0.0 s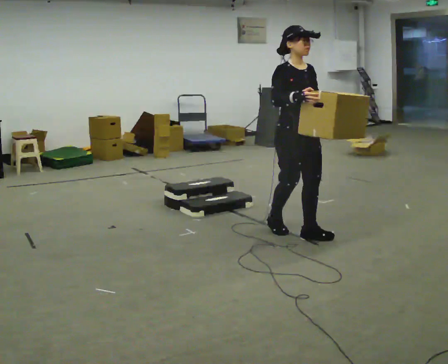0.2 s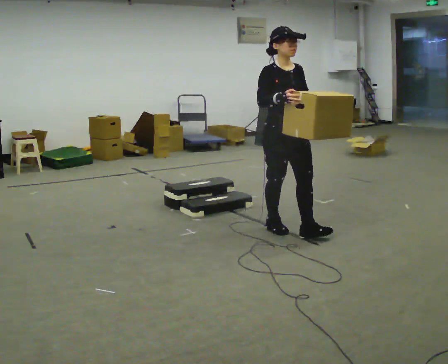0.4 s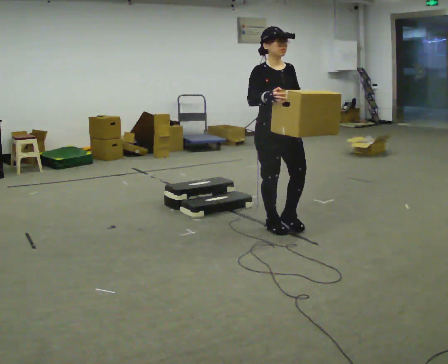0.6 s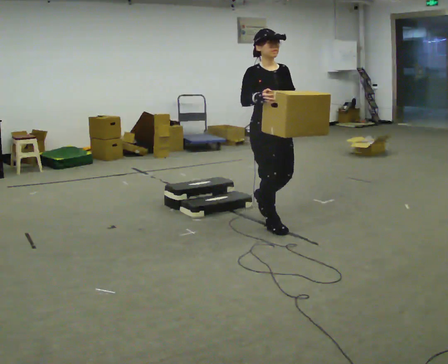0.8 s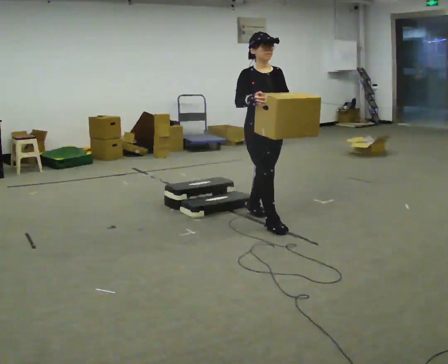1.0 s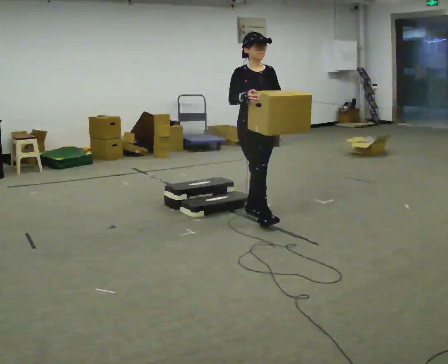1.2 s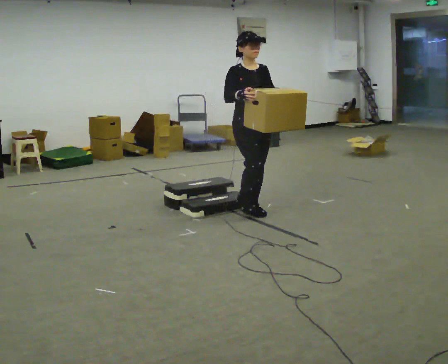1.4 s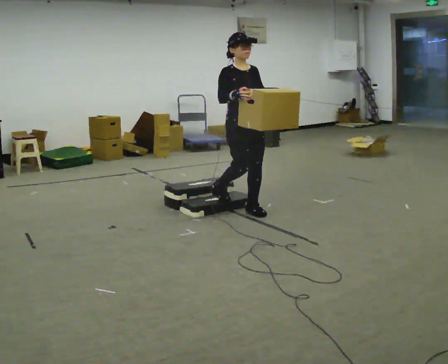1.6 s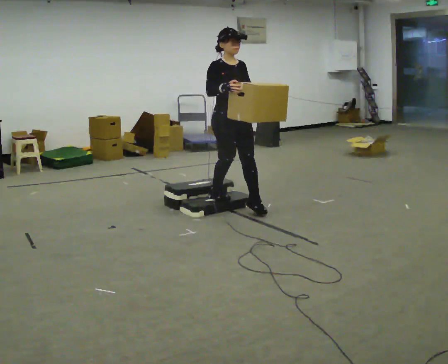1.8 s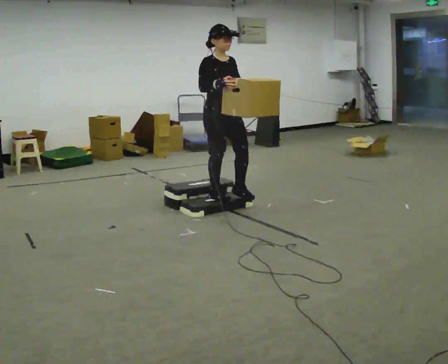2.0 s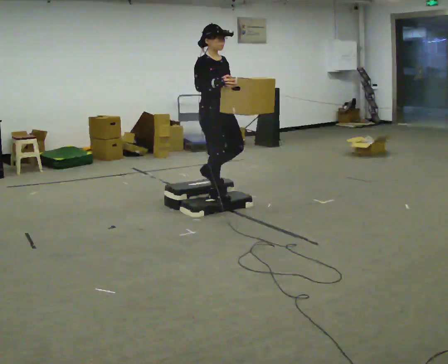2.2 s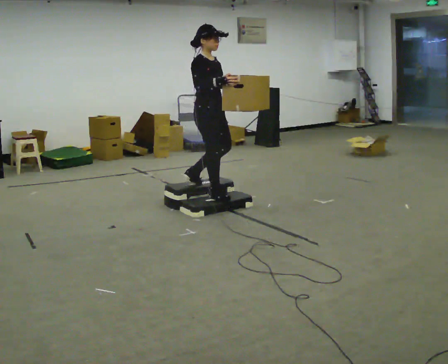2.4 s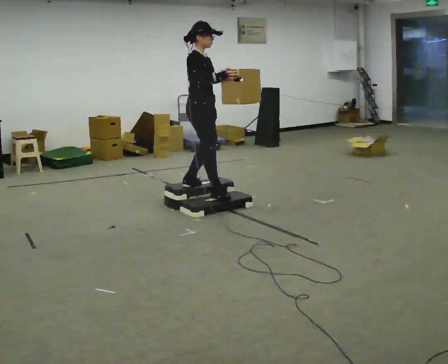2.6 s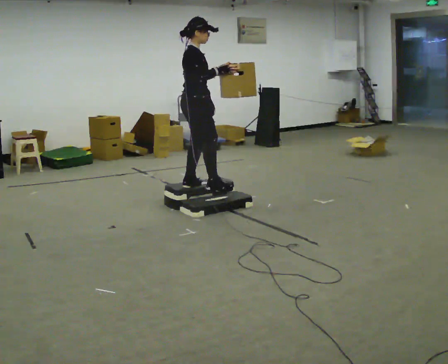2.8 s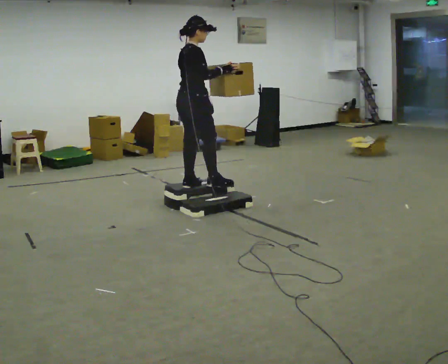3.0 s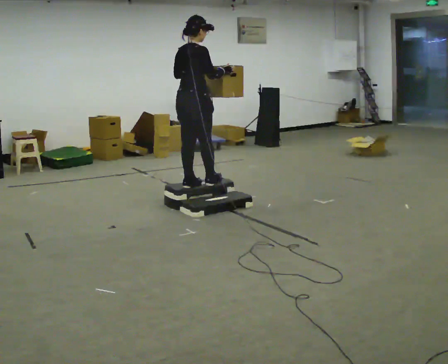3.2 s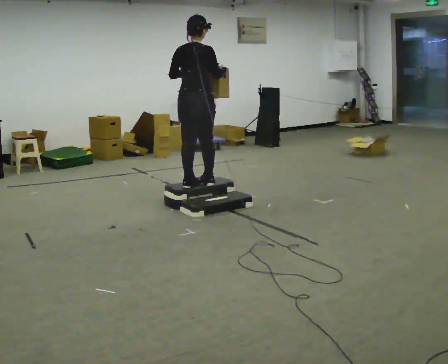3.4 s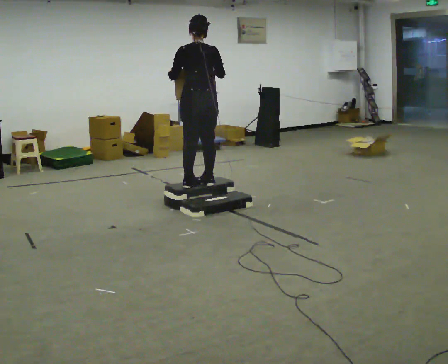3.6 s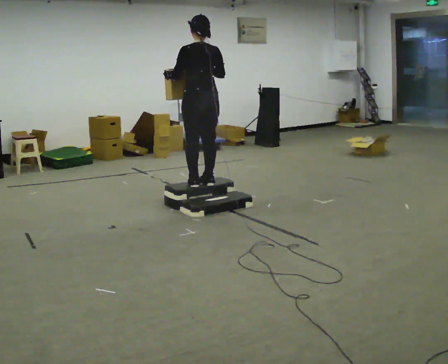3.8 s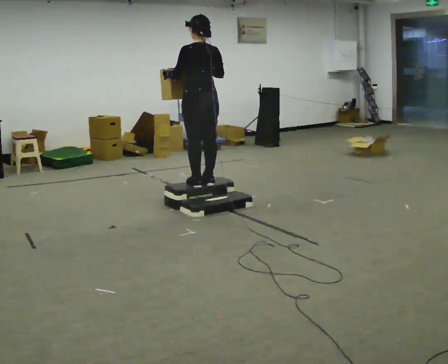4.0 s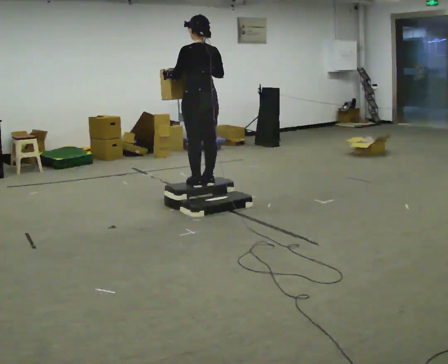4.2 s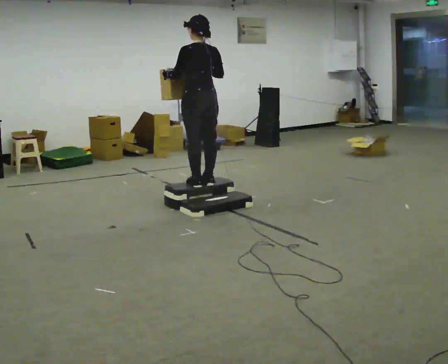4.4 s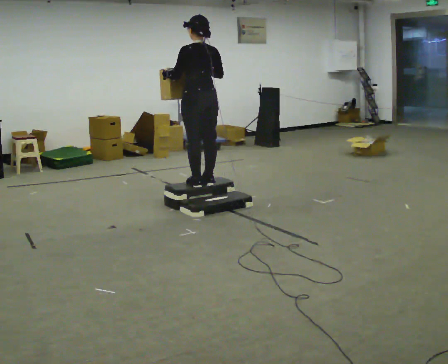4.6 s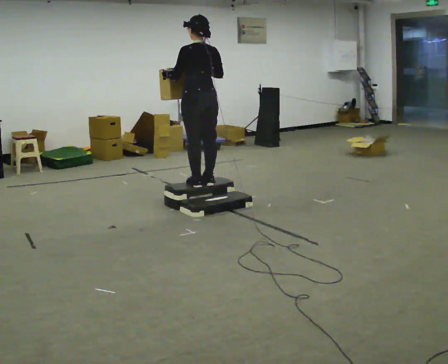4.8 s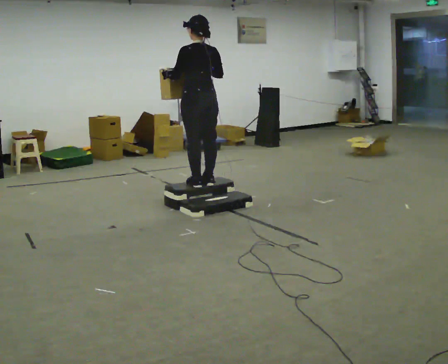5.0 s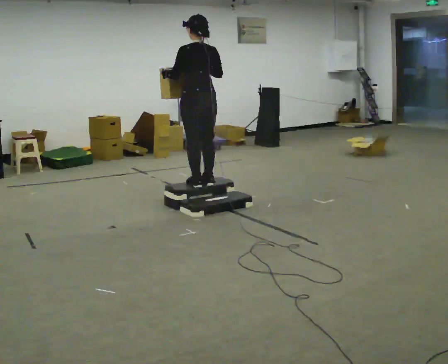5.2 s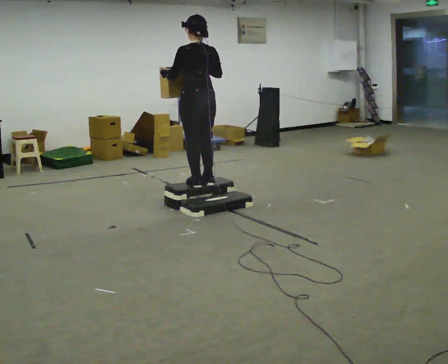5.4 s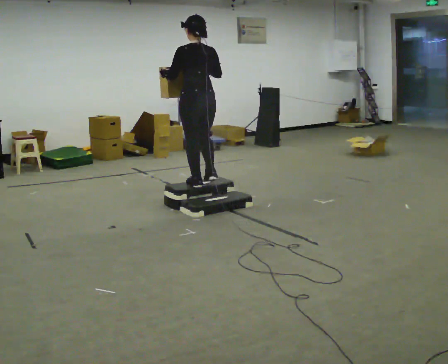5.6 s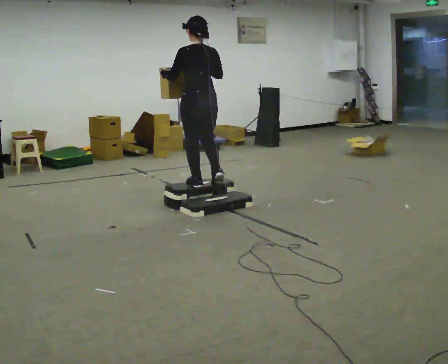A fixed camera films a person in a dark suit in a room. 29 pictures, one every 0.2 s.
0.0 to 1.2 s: In the picture they go away from the camera and to the left, about 0.75 m in 2 steps, which for them is backward.
1.2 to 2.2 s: The person turns about 30 degrees to their left, counterclockwise seen from above, so the part of the body nearest the lens slides to the right. In the picture they go to the left and away from the camera, about 0.5 m in 1 step, which for them is backward.
2.2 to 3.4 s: Seen from above the body turns counterclockwise, about 105 degrees: to their left, with its near side sliding to the right. In the picture their left hand goes to the left.
3.4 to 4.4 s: The person turns about 30 degrees to their left, counterclockwise seen from above, so the part of the body nearest the lens slides to the right.
4.4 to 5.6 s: The person moves a little, or ends about where they began.
The film runs backward here.
